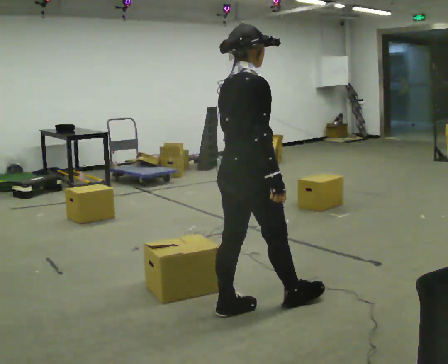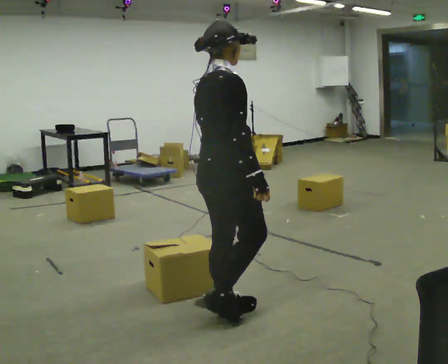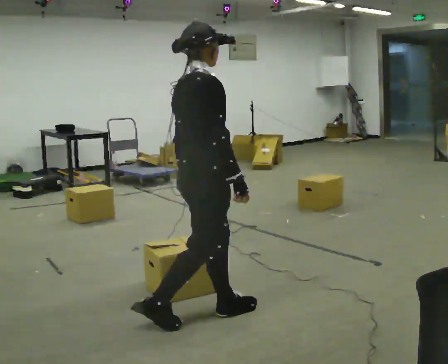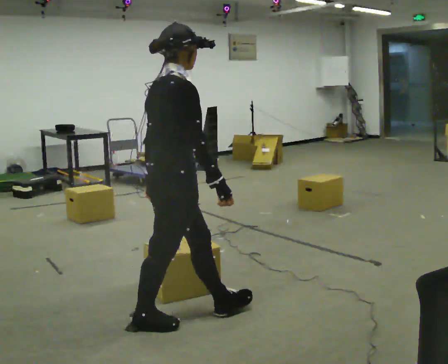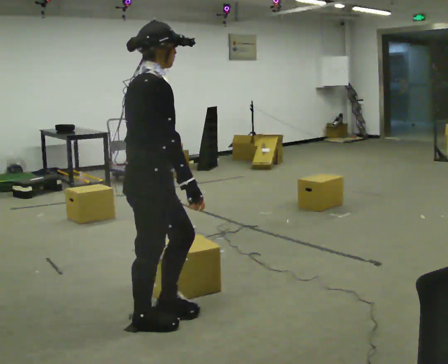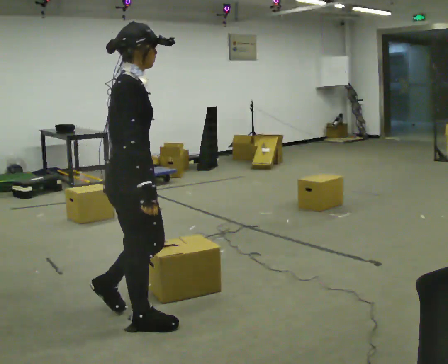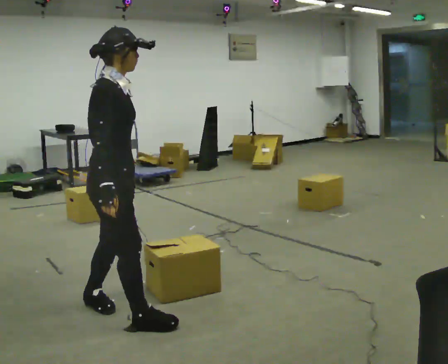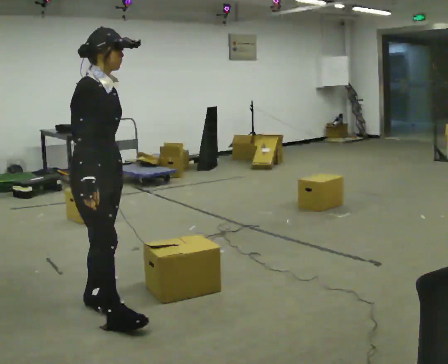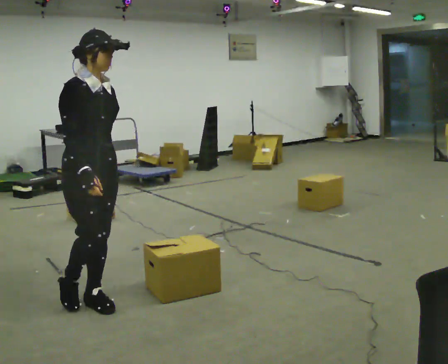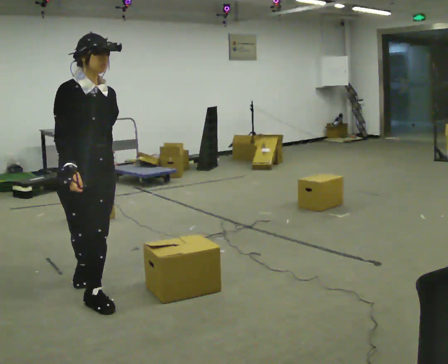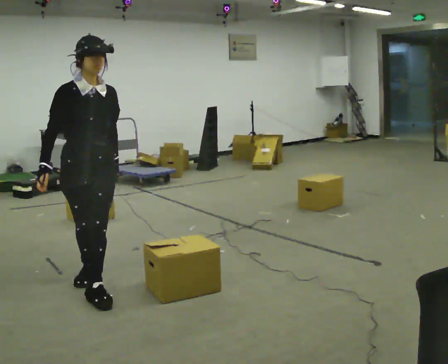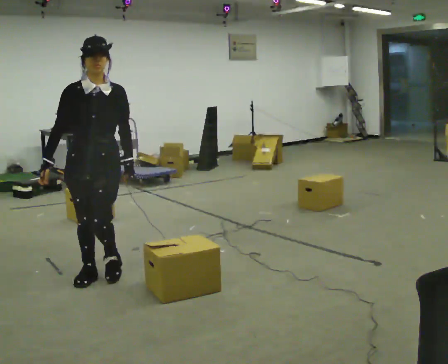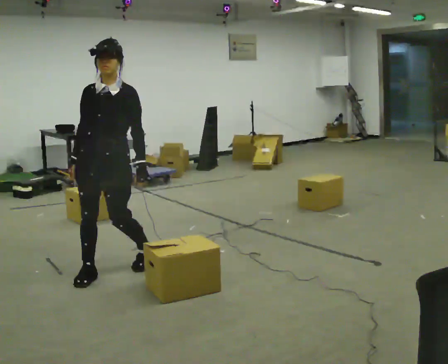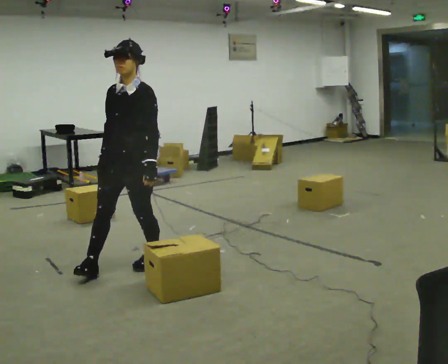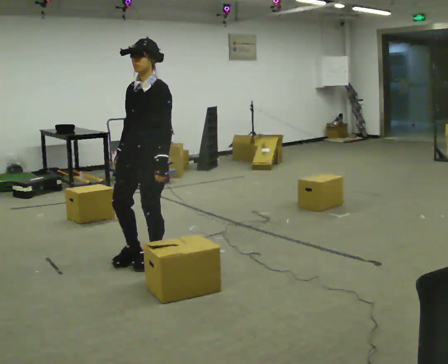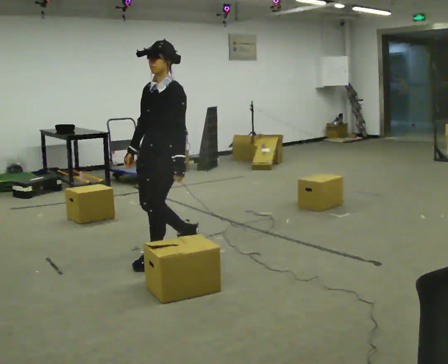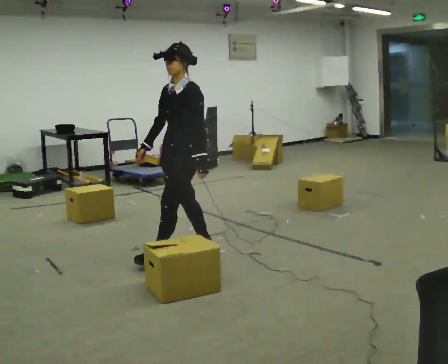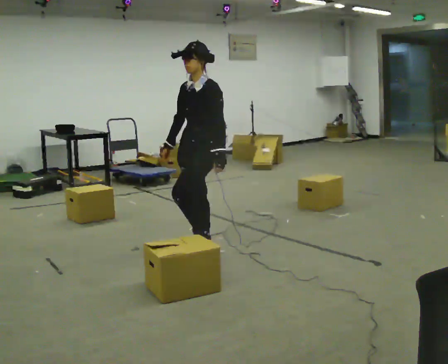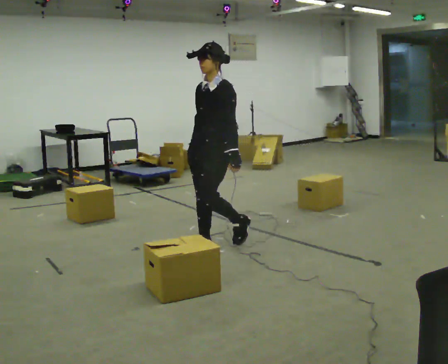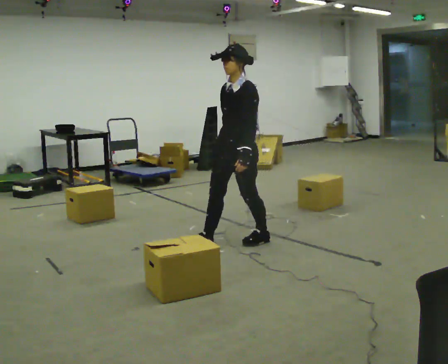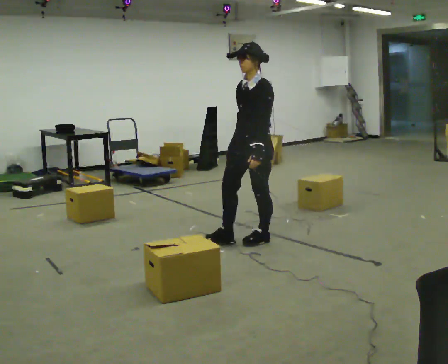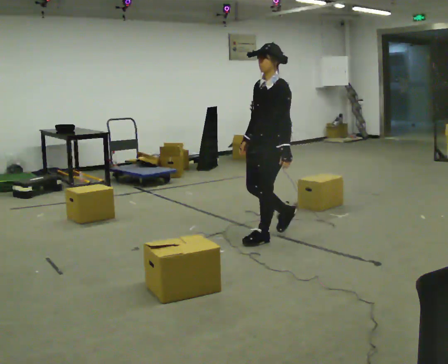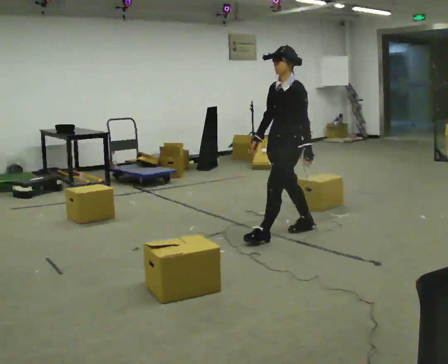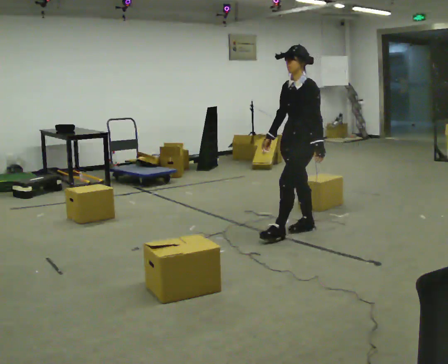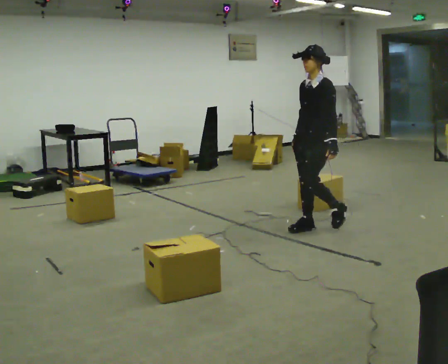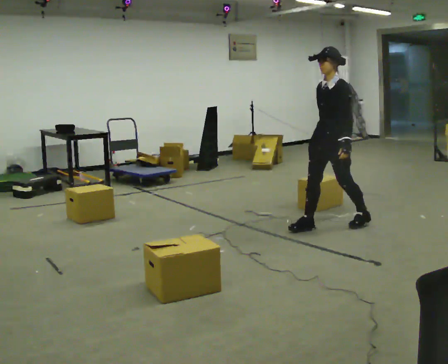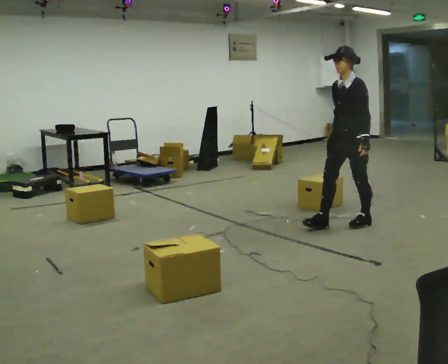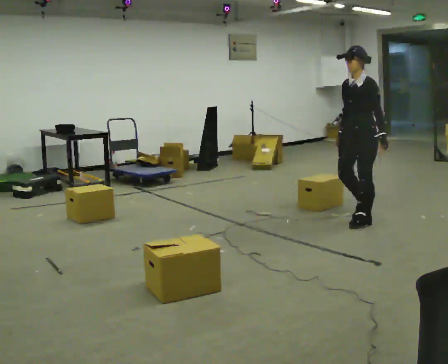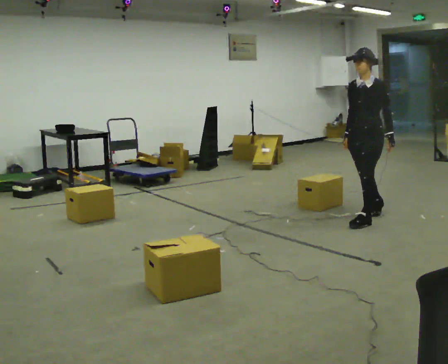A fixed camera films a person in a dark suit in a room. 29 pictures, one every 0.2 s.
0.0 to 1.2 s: The person turns about 30 degrees to their right, clockwise seen from above, so the part of the body nearest the lens slides to the left. In the picture they go to the left, about 0.5 m in 1 step, which for them is backward.
1.2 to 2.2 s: The person turns about 75 degrees to their right, clockwise seen from above, so the part of the body nearest the lens slides to the left. In the picture they go away from the camera, about 0.5 m in 2 steps.
2.2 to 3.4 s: The part of the body nearest the lens slides to the left as the person turns to their right by about 60 degrees. In the picture they go to the right and away from the camera, about 1 m in 2 steps.
3.4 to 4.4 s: In the picture they go to the right, about 1 m in 1 step, which for them is backward.
4.4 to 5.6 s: In the picture they go to the right, about 1 m in 2 steps, which for them is backward.
The film runs backward here.
